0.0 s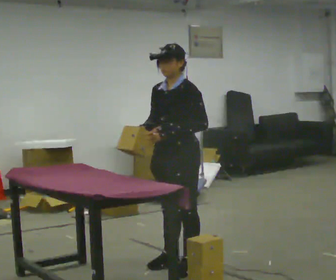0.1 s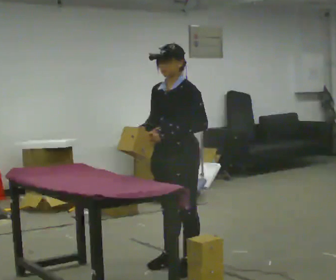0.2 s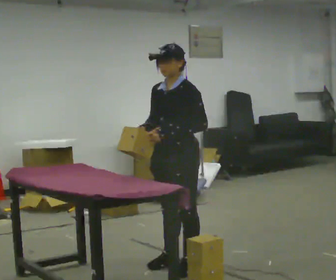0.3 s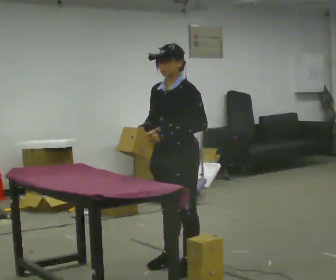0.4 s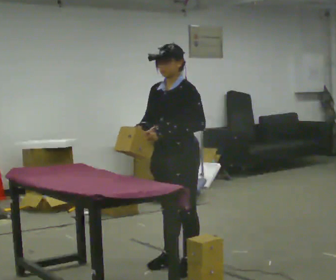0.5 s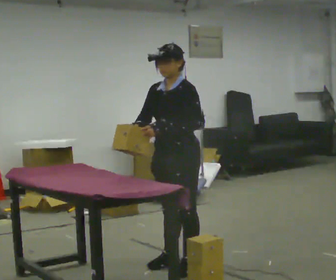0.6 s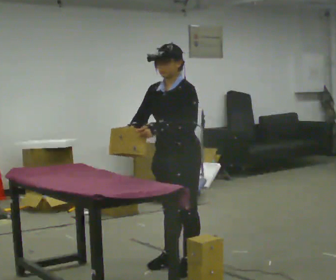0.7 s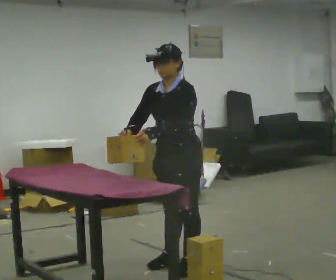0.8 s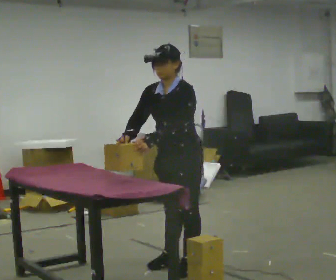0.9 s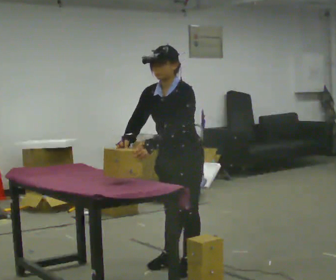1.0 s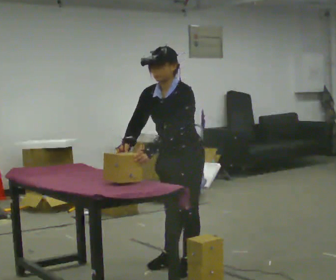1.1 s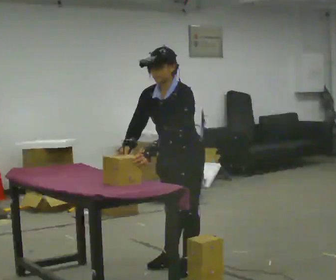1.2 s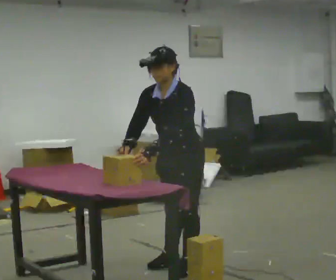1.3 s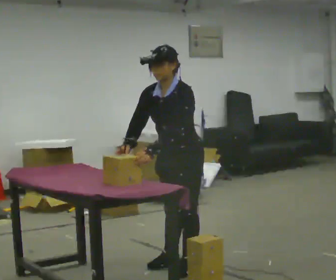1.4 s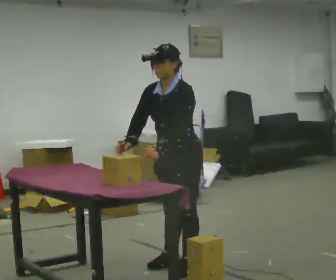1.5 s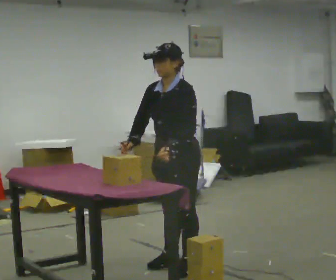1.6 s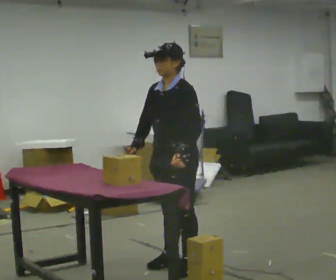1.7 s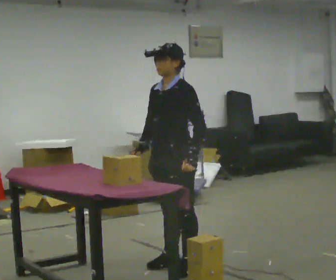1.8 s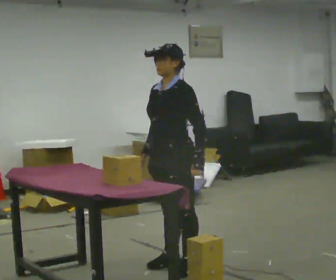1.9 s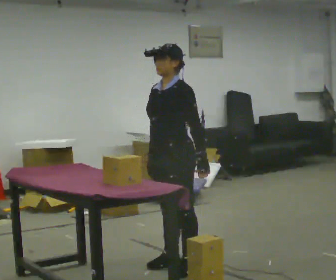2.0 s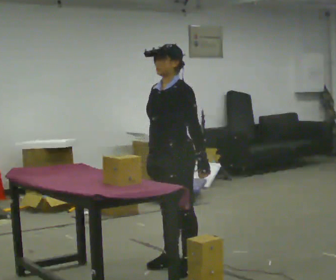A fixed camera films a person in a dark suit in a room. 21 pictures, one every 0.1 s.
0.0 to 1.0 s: The upper body tips toward the camera, its near side rolling downward, as they bend forward.
1.0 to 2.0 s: The upper body tips away from the camera, its near side rolling upward, as they lean back or straighten.
The film runs forward here.
